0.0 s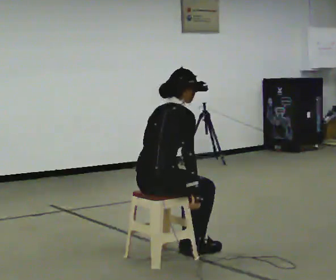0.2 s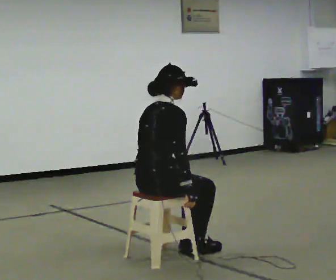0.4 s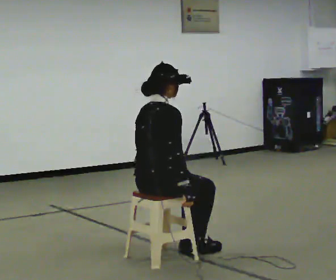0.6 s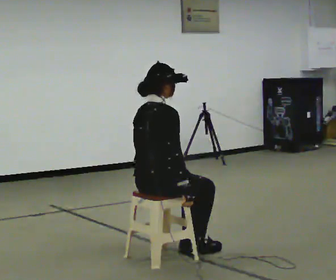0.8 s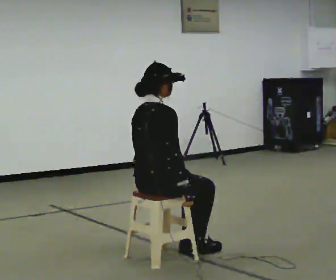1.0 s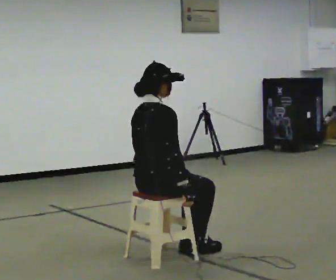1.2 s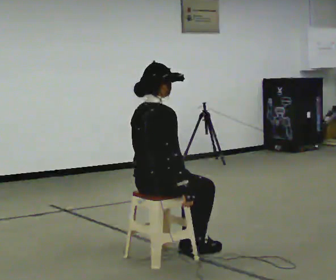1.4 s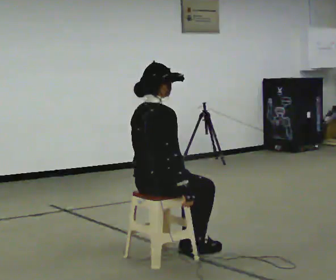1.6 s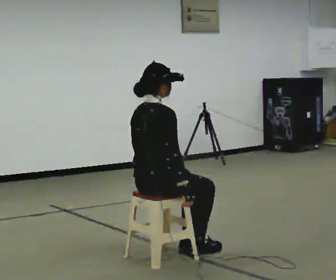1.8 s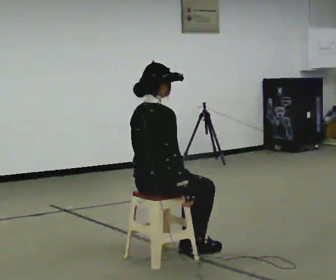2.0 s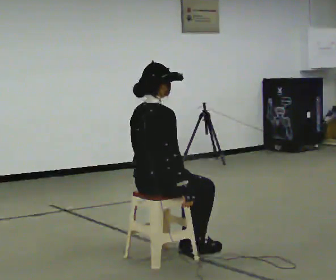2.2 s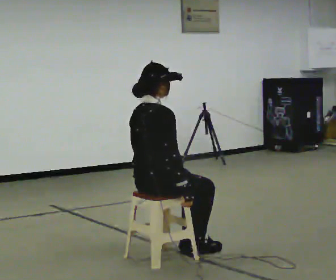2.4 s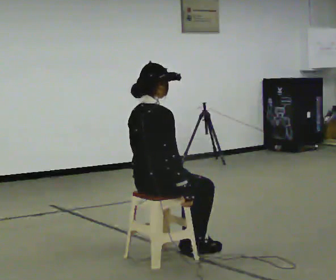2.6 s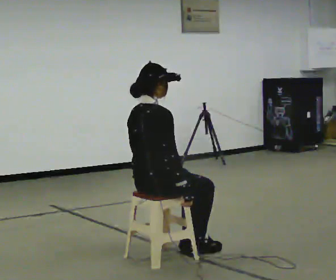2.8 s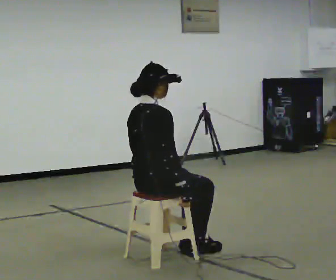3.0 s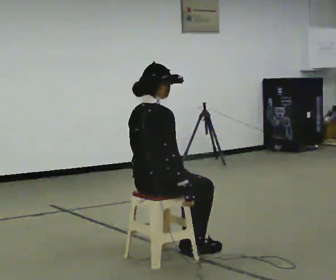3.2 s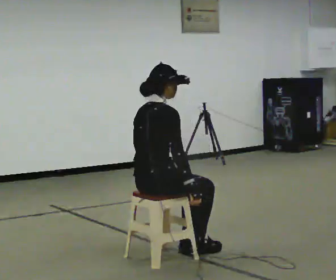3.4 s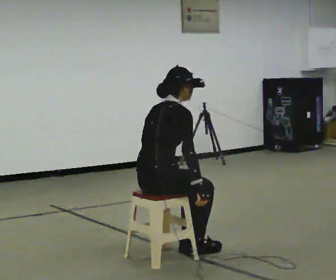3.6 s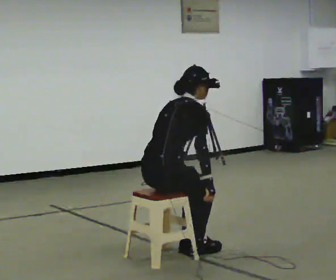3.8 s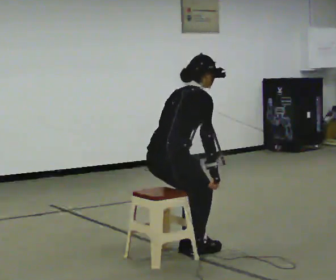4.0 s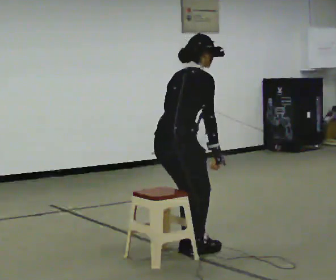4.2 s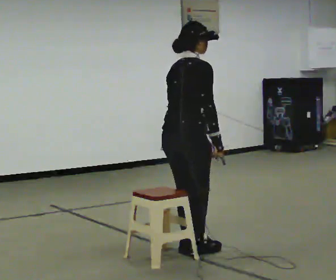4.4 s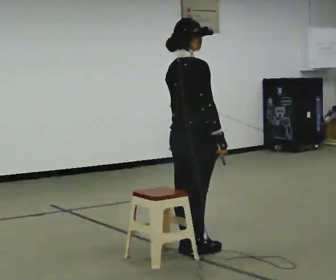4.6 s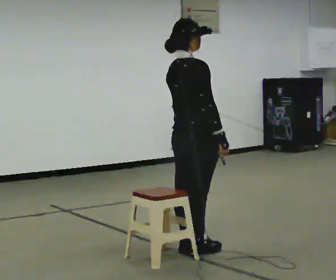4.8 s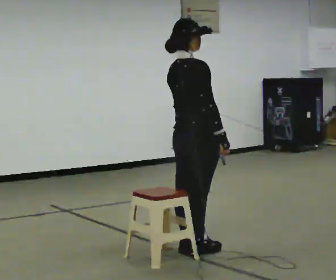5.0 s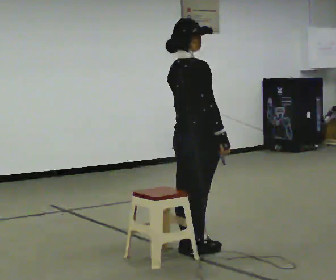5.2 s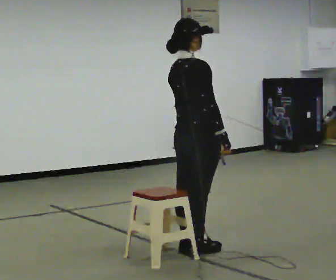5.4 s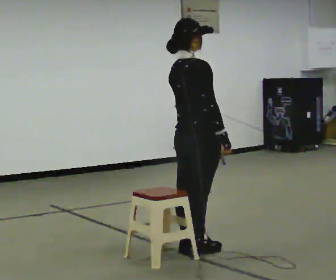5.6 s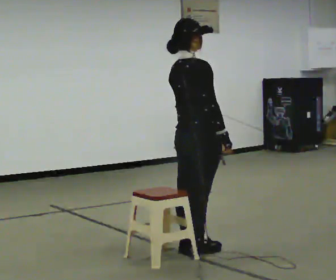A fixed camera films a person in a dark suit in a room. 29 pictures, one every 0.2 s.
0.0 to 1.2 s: In the picture the upper body tilts counterclockwise, shoulders to the left, as they lean back or straighten.
1.2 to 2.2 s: The person keeps their place and pose.
2.2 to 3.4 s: In the picture the upper body tilts clockwise, shoulders to the right, as they bend forward.
3.4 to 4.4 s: In the picture they go to the right and away from the camera, about 0.25 m, which for them is forward. The shoulders move upward. In the picture their left hand goes upward.
4.4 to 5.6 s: The person moves a little, or ends about where they began.
The film runs backward here.
